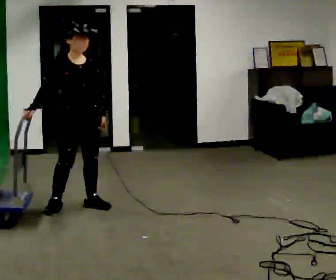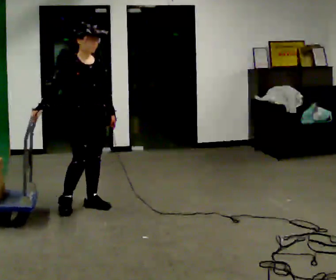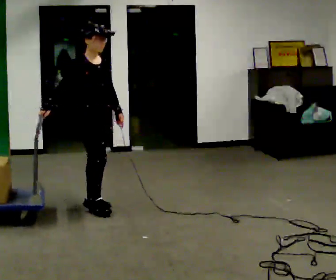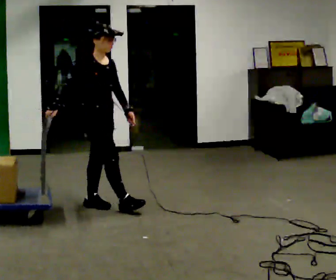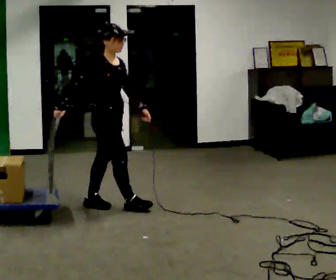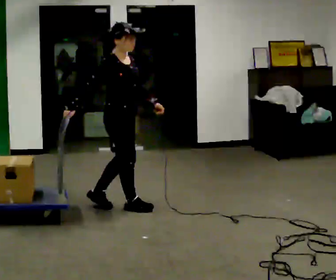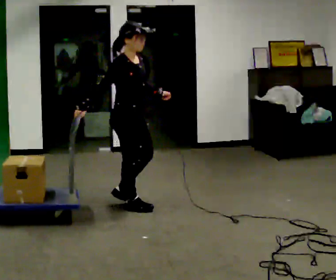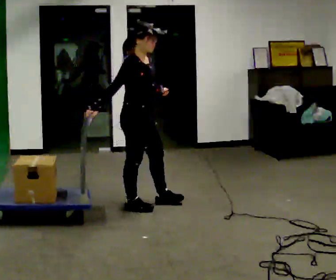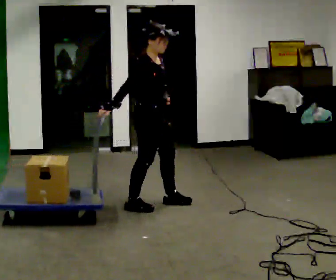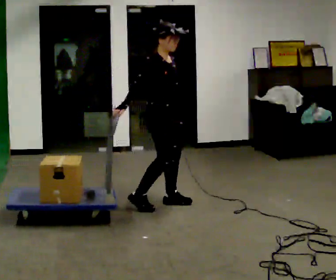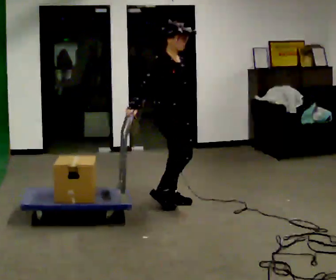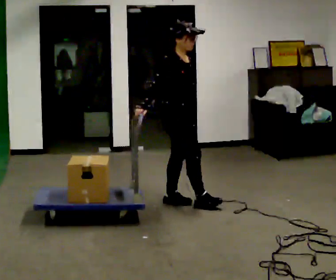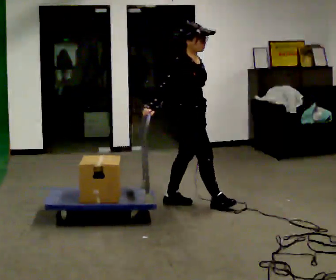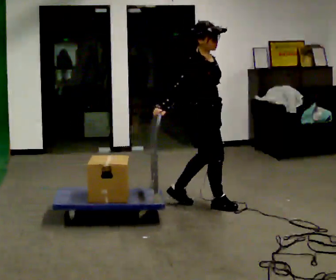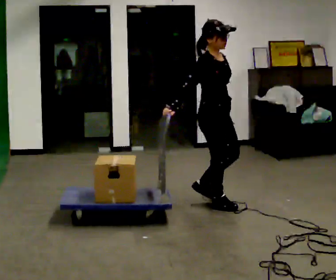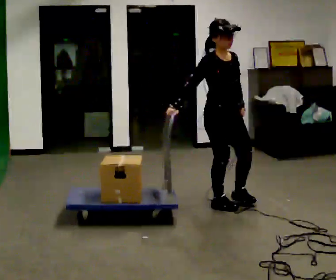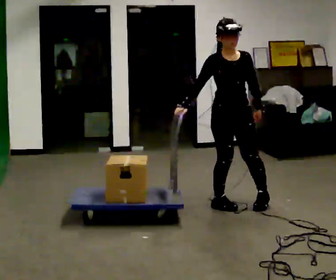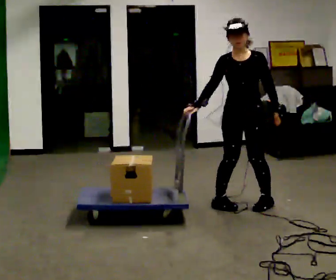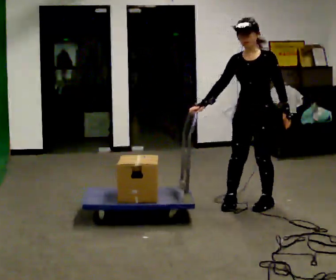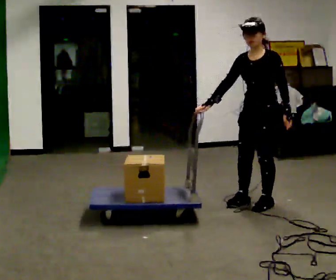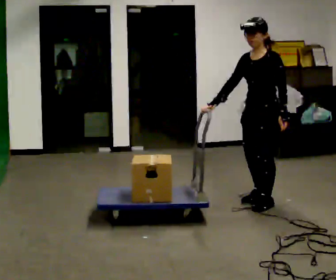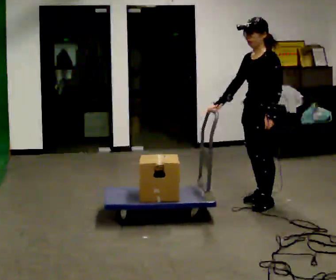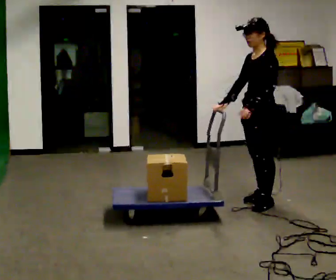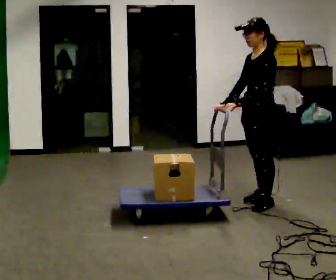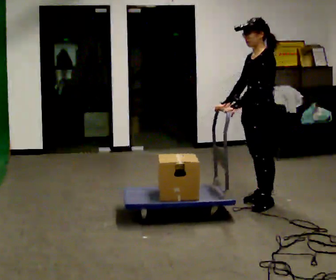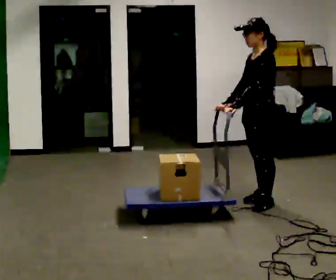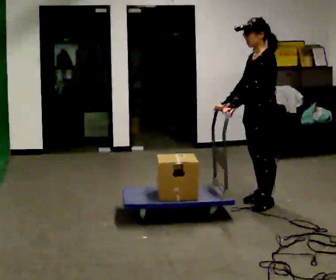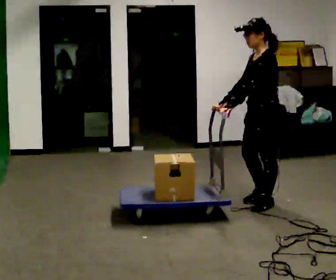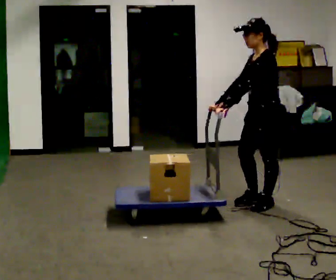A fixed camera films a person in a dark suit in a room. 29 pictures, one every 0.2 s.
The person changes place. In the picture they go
to the right.
0.0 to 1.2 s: The person turns about 45 degrees to their left, counterclockwise seen from above, so the part of the body nearest the lens slides to the right. In the picture they go to the right, about 0.5 m in 1 step, which for them is forward.
1.2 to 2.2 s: In the picture they go to the right and away from the camera, about 0.5 m in 1 step, which for them is forward and to their left.
2.2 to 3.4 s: The person turns about 90 degrees to their right, clockwise seen from above, so the part of the body nearest the lens slides to the left. In the picture they go to the right, about 0.5 m in 2 steps.
3.4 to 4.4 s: The person turns about 60 degrees to their right, clockwise seen from above, so the part of the body nearest the lens slides to the left. In the picture they go to the right, about 0.25 m in 1 step, which for them is backward.
4.4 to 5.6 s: The person moves a little, or ends about where they began.
The film runs forward here.
